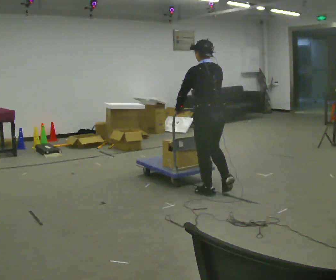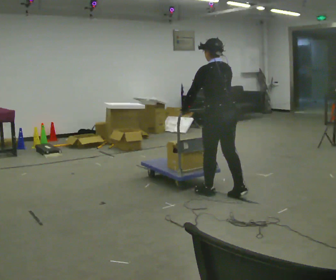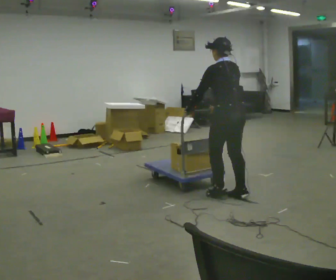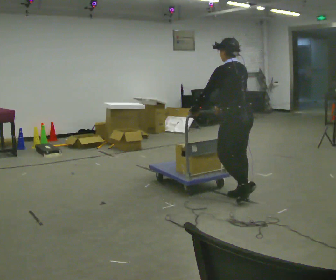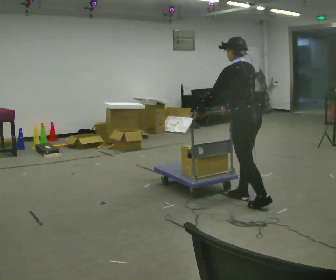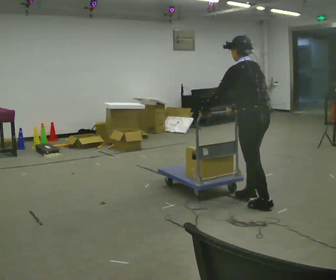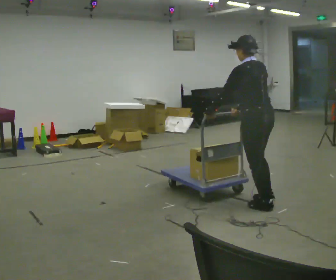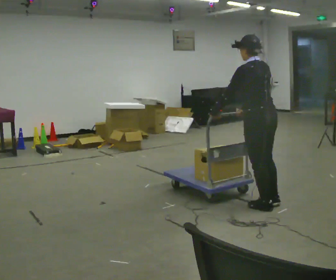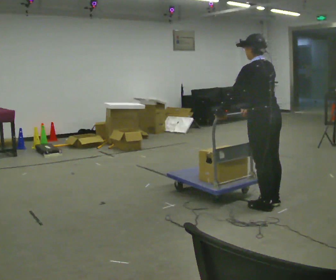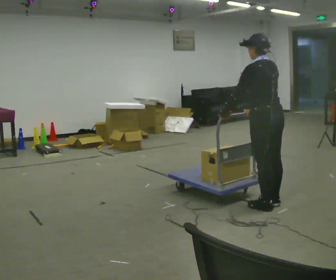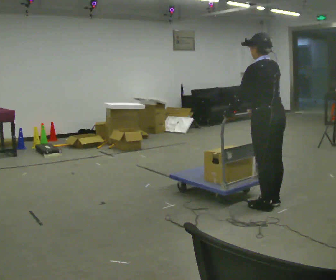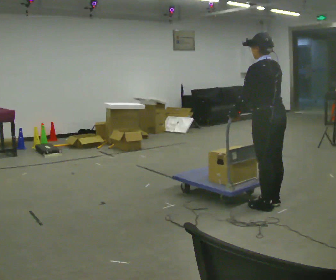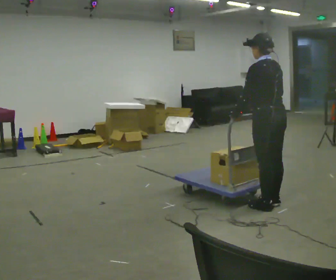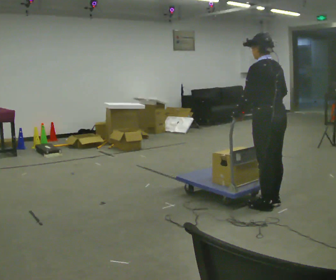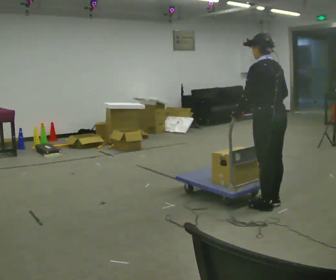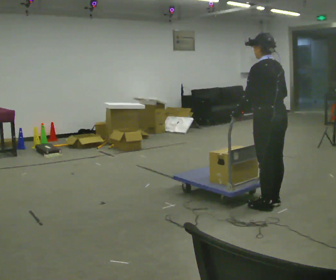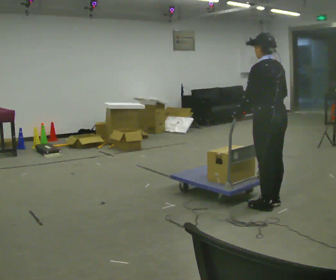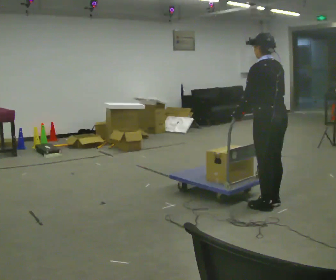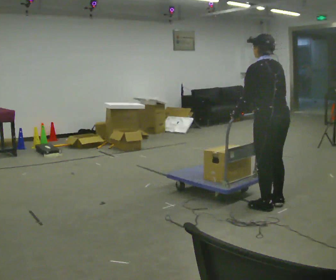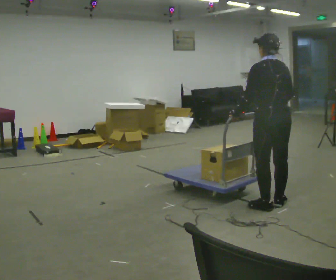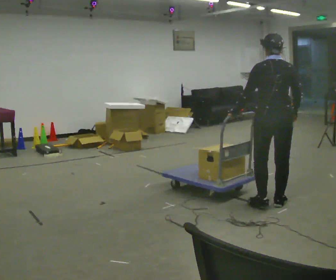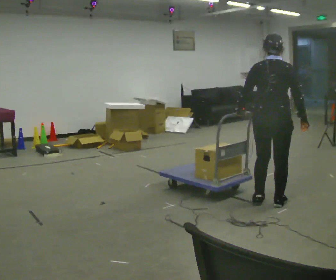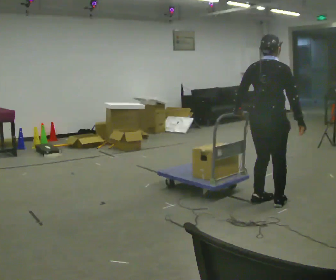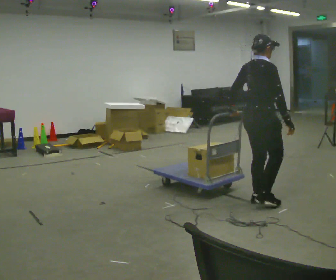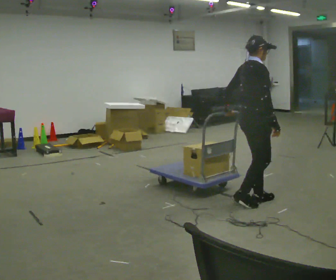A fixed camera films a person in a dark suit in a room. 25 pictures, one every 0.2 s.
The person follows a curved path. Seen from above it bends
counterclockwise.
0.0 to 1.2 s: In the picture they go to the right and toward the camera, about 0.5 m in 2 steps, which for them is backward.
1.2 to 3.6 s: The person moves a little, or ends about where they began.
3.6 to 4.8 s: Seen from above the body turns clockwise, about 105 degrees: to their right, with its near side sliding to the left. In the picture they go to the left, about 0.25 m in 2 steps.
The film runs backward here.
